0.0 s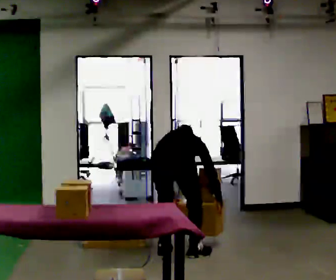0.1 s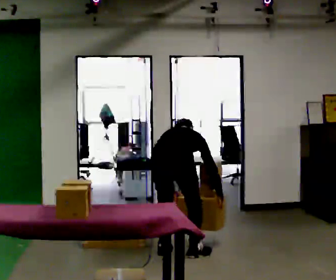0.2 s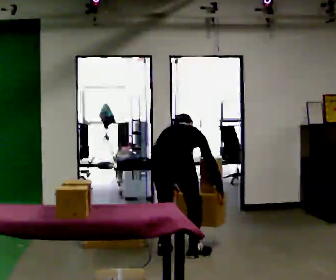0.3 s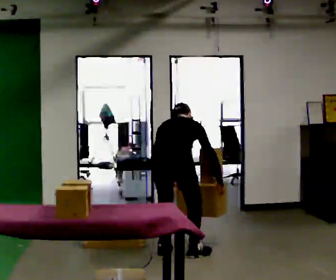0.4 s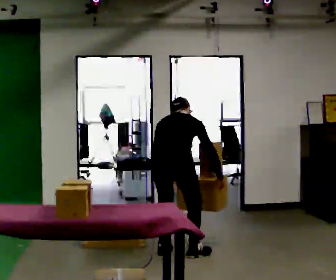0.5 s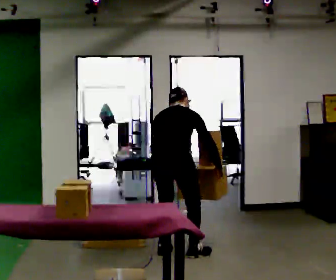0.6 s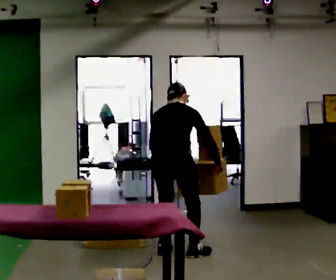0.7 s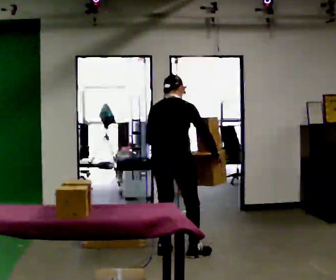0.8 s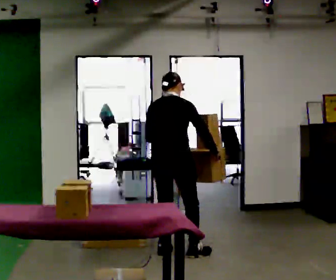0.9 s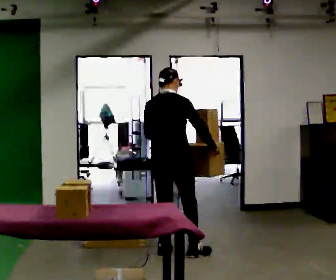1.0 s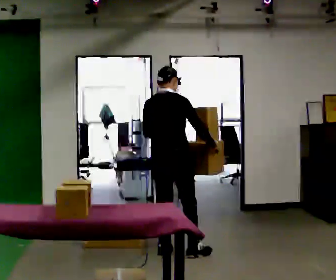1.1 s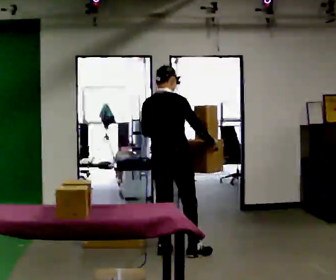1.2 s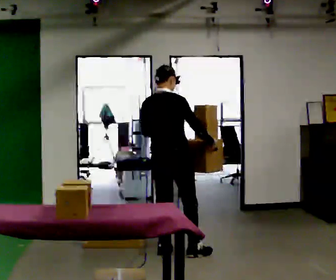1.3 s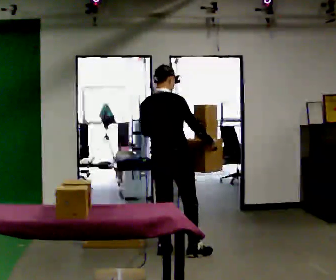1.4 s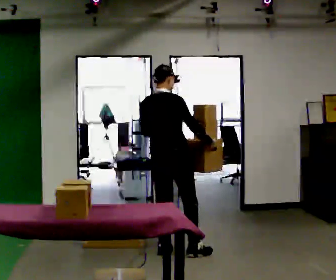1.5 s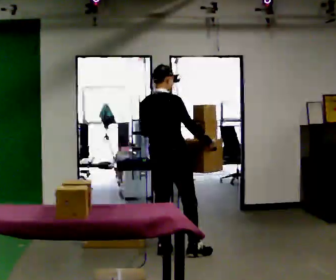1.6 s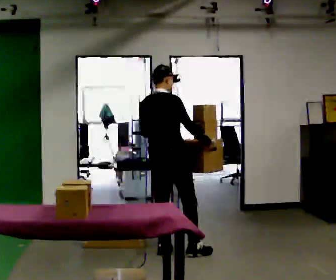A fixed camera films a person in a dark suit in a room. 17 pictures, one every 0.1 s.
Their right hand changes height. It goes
upward.
The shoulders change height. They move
upward.
0.0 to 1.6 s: In the picture they go away from the camera, about 0.25 m, which for them is forward and to their left. The upper body goes upward. The upper body tips toward the camera, its near side rolling downward, as they lean back or straighten. In the picture their left hand goes upward.
The film runs forward here.
